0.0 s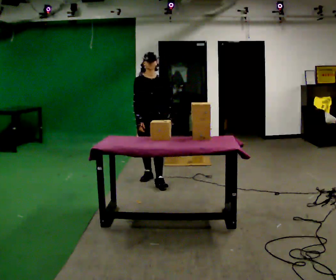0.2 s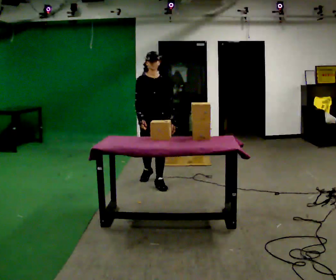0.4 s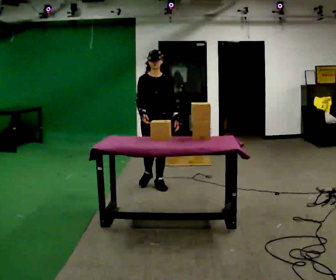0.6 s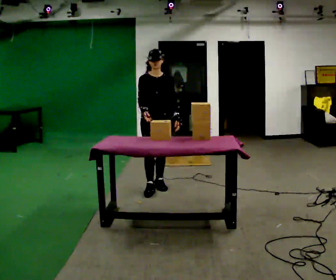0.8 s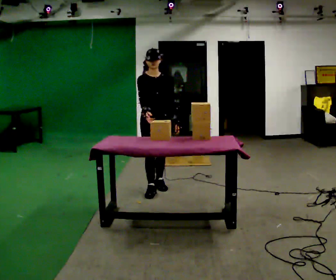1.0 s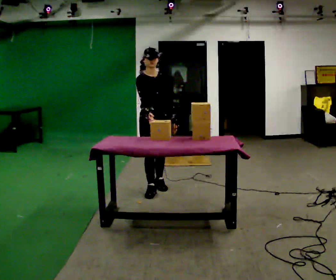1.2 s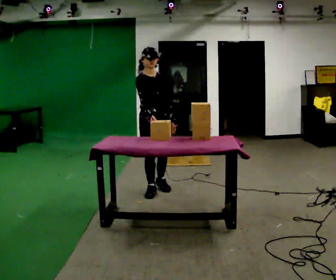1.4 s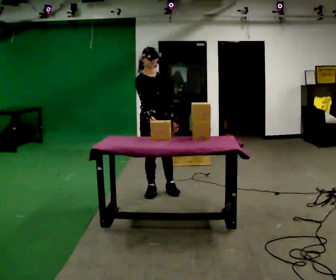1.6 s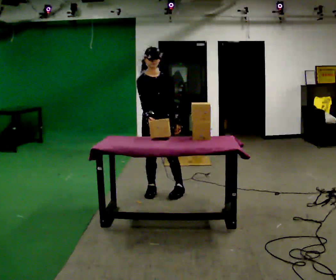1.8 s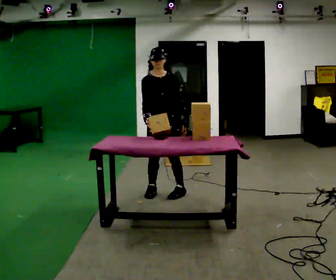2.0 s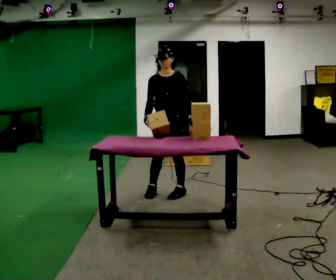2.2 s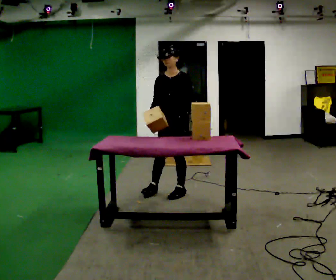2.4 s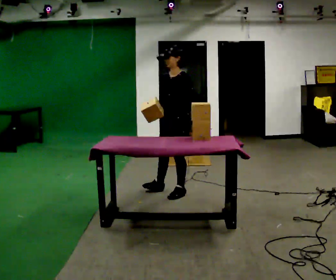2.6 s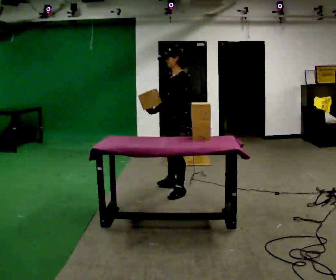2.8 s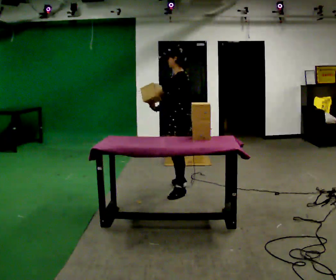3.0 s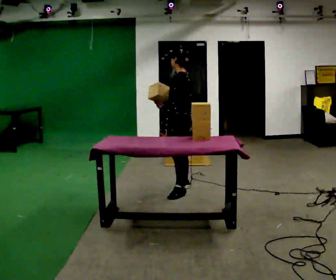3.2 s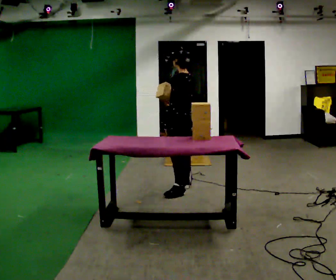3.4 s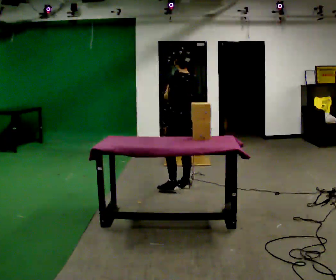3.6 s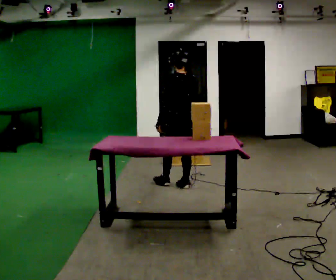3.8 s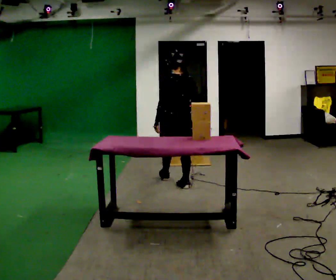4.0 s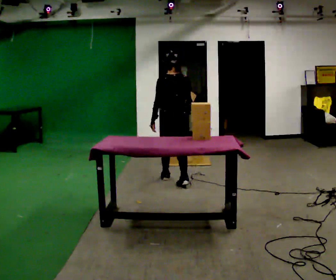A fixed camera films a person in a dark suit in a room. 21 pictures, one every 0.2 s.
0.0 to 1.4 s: In the picture they go toward the camera, about 0.5 m in 1 step, which for them is forward.
1.4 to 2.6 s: The person turns about 105 degrees to their right, clockwise seen from above, so the part of the body nearest the lens slides to the left. In the picture they go to the right, about 0.25 m in 1 step.
2.6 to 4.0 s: The part of the body nearest the lens slides to the left as the person turns to their right by about 105 degrees. In the picture they go away from the camera, about 0.5 m in 2 steps.
The film runs forward here.
